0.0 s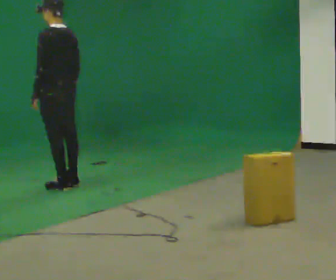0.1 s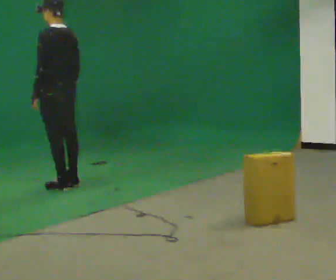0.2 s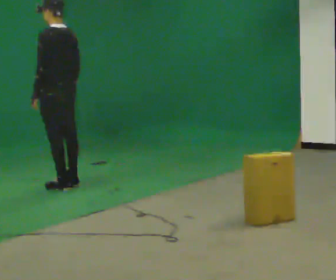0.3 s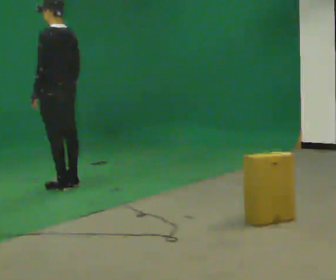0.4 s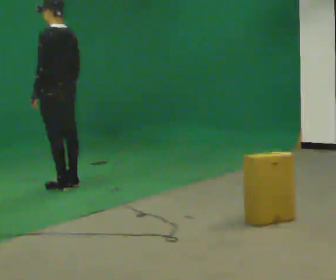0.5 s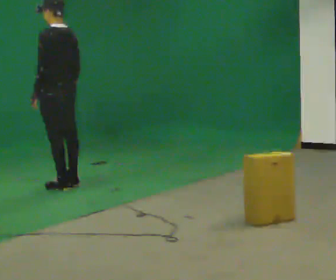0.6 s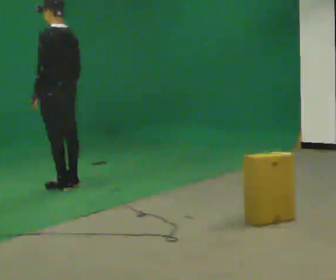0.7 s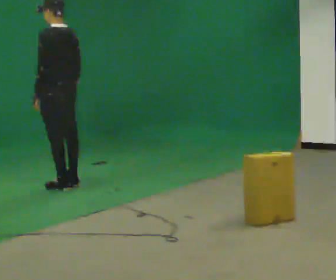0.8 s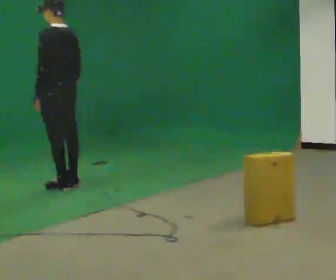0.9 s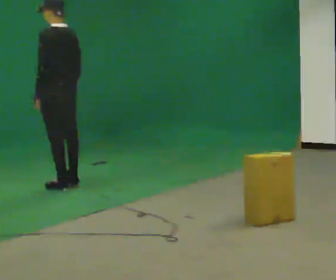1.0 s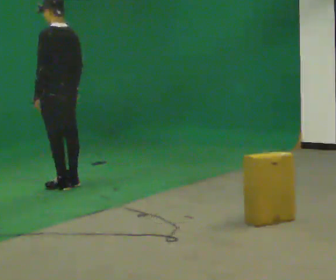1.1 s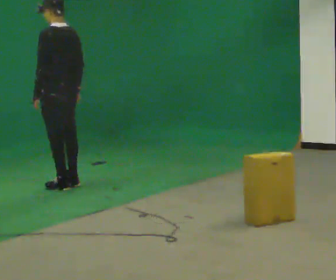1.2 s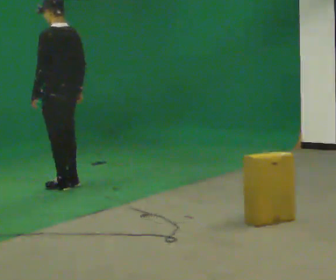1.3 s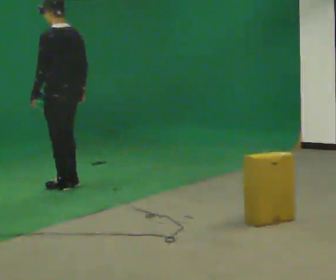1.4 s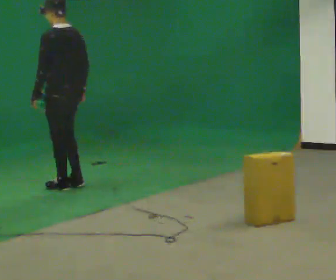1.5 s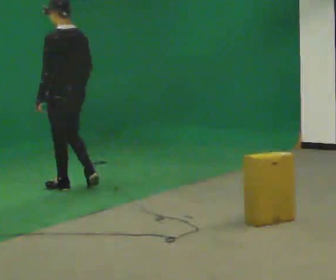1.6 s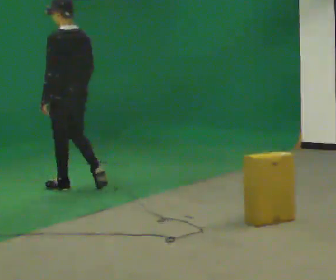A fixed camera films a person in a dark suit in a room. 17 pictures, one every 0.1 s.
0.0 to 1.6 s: In the picture they go toward the camera, about 0.25 m in 1 step, which for them is backward.
The film runs backward here.
